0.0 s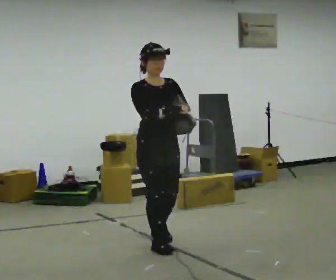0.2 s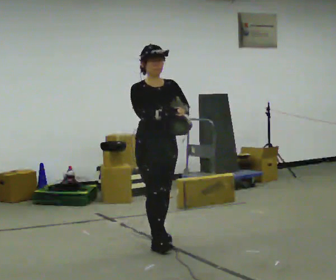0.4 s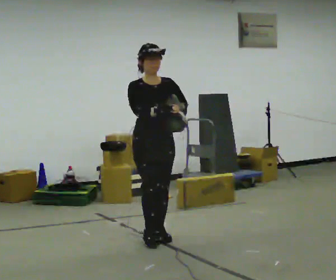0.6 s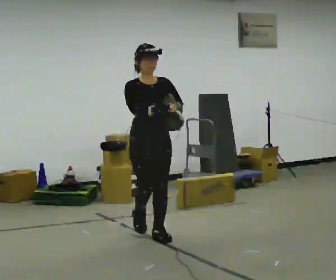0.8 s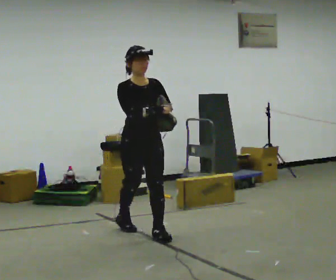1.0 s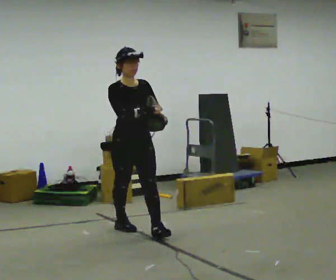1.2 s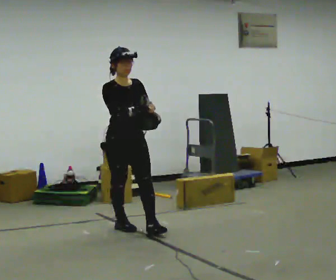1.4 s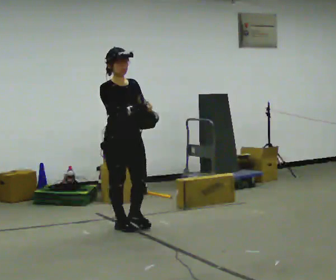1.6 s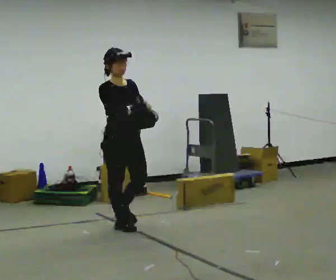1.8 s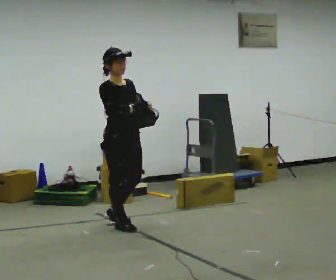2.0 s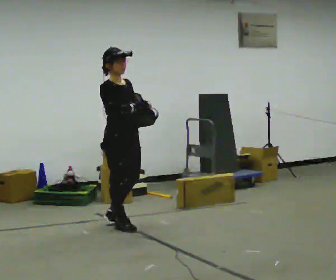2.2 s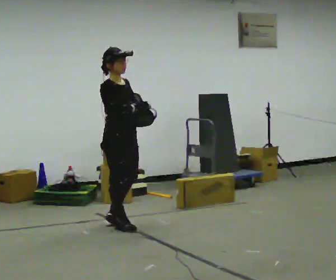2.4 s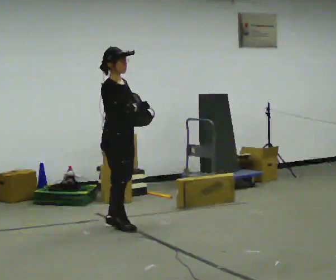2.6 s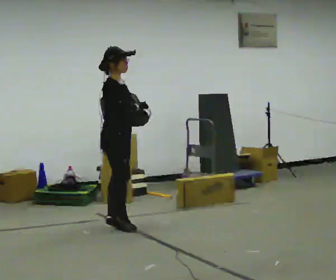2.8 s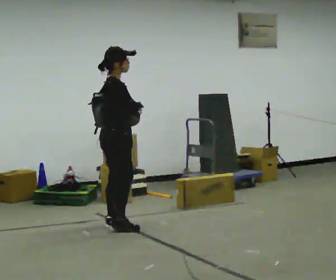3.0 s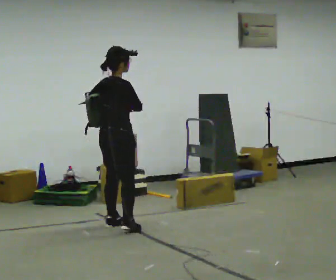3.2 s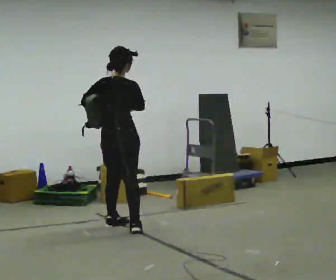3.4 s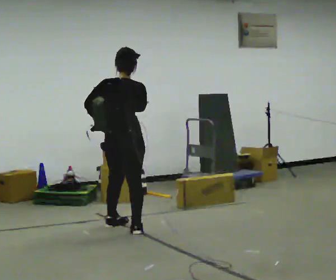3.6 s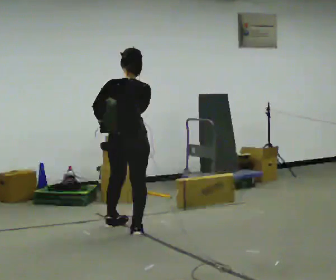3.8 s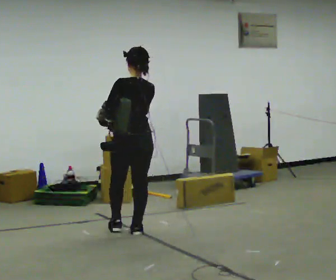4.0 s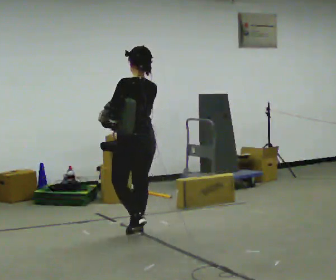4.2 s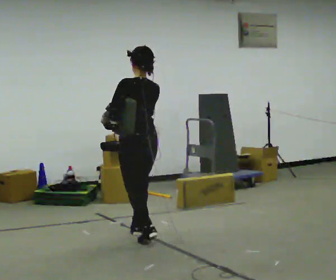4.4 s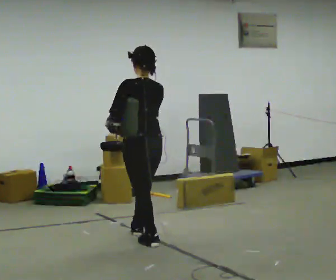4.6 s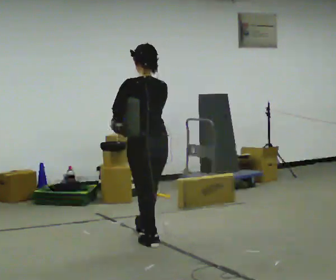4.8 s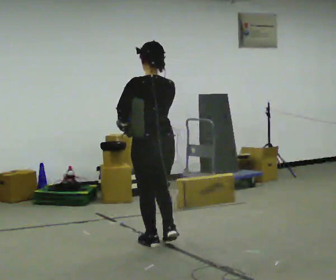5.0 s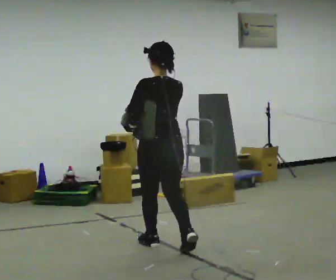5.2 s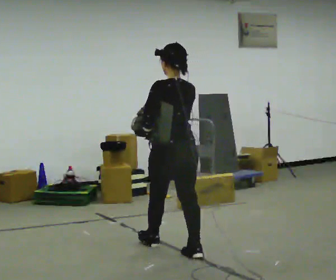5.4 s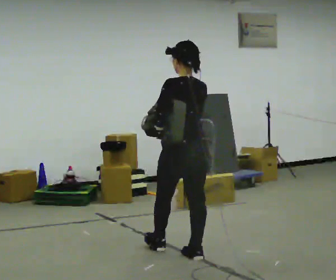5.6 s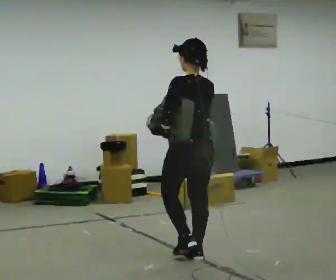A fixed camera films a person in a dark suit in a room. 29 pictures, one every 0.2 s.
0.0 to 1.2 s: In the picture they go away from the camera and to the left, about 0.75 m in 2 steps, which for them is backward.
1.2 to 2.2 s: The person turns about 30 degrees to their left, counterclockwise seen from above, so the part of the body nearest the lens slides to the right.
2.2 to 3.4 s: The part of the body nearest the lens slides to the right as the person turns to their left by about 105 degrees.
3.4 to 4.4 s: Seen from above the body turns counterclockwise, about 45 degrees: to their left, with its near side sliding to the right. In the picture they go toward the camera and to the right, about 0.5 m in 1 step, which for them is backward.
4.4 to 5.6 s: In the picture they go toward the camera and to the right, about 0.5 m in 2 steps, which for them is backward.
The film runs backward here.
